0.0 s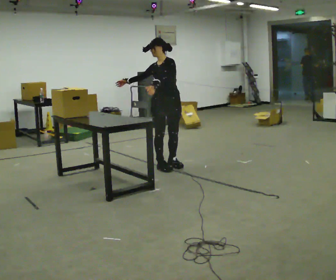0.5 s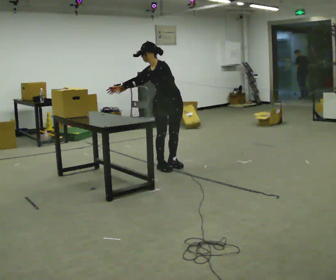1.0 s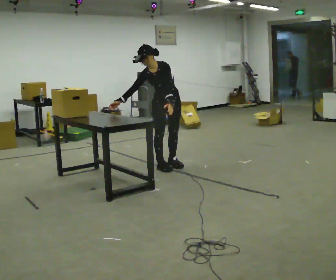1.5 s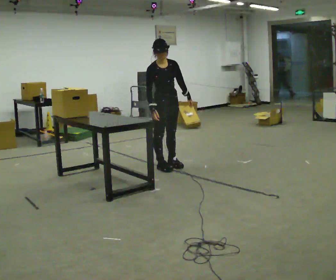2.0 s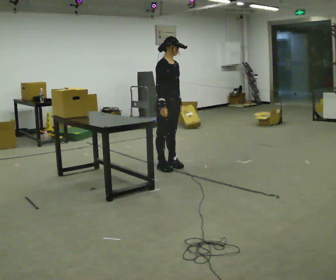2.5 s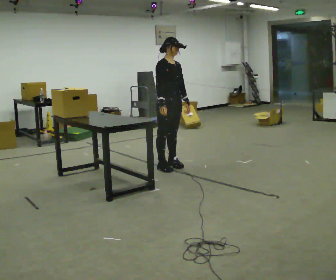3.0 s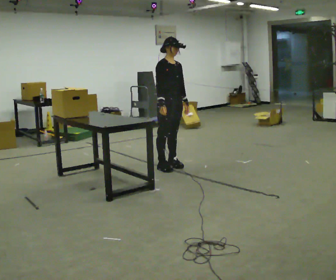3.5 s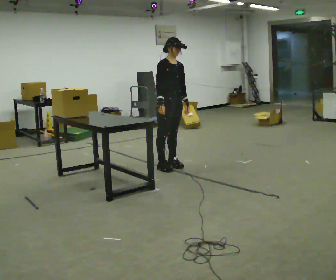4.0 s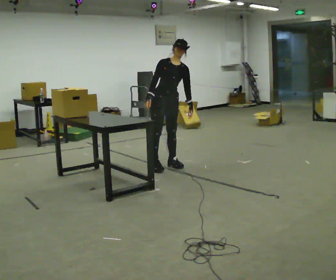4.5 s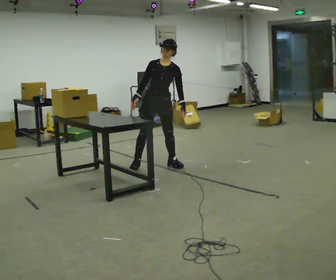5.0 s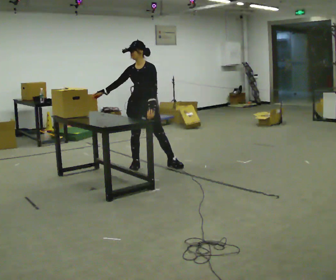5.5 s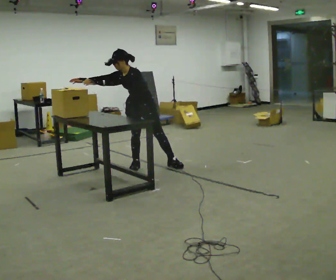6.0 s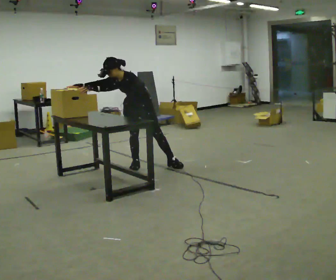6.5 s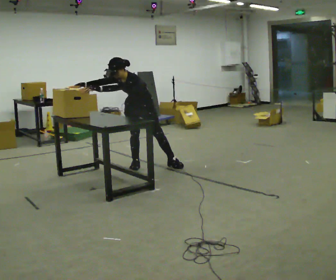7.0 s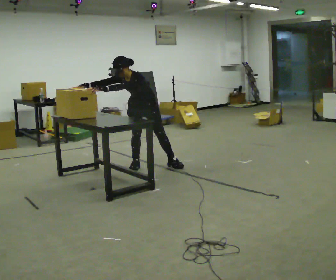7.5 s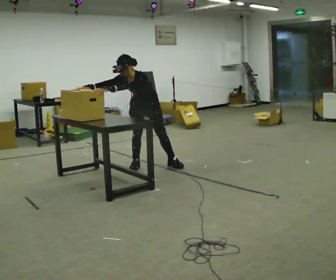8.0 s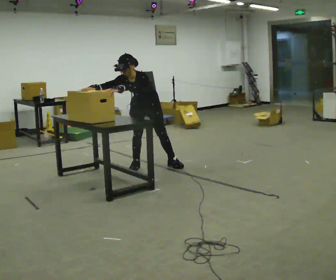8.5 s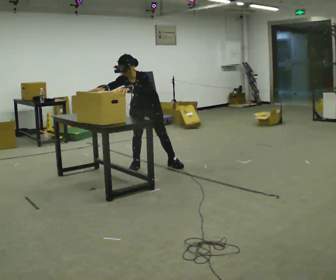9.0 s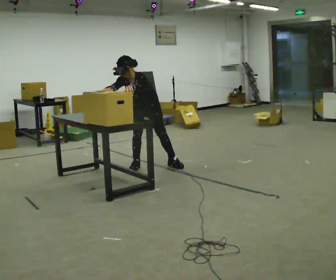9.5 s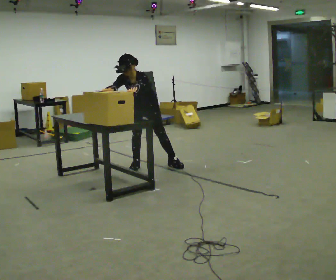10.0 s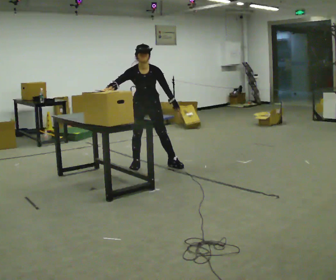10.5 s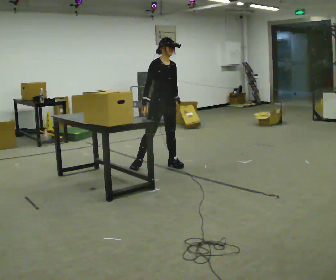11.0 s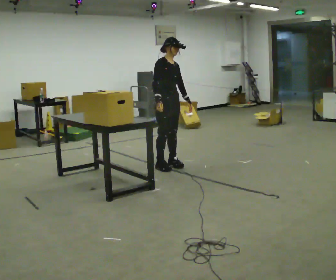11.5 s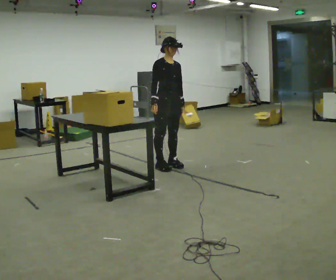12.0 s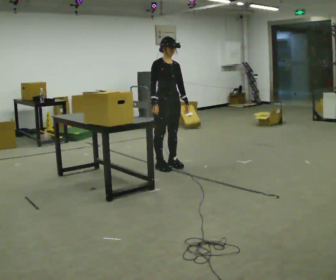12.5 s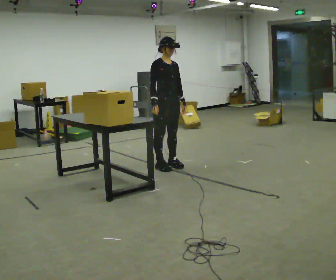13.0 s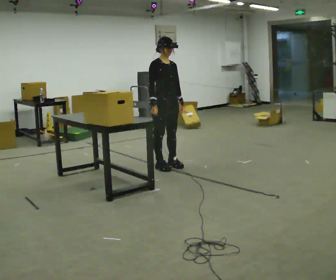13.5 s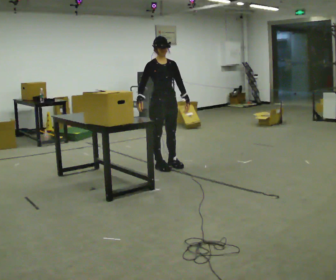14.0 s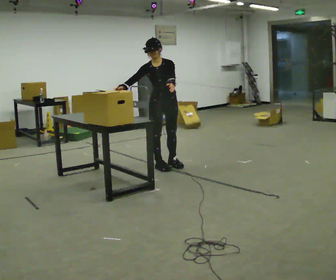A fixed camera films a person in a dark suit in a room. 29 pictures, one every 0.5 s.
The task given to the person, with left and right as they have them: Move the objects one at a time between the far targets the operator calls, without moving your feet. Repeat at your own pace until the operator says stop. Keep both feet on the marked spots for the whole take. If you have to step, stop and tell the operator.
0.0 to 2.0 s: Seen from above the body turns counterclockwise, about 75 degrees: to their left, with its near side sliding to the right. In the picture their left hand goes to the right.
2.0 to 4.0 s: Seen from above the body turns clockwise, about 45 degrees: to their right, with its near side sliding to the left. In the picture the upper body tilts clockwise, shoulders to the right.
4.0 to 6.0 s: The person turns about 45 degrees to their right, clockwise seen from above, so the part of the body nearest the lens slides to the left. In the picture they go to the left, about 0.25 m in 1 step, which for them is to their right. In the picture the upper body tilts counterclockwise, shoulders to the left, as they bend forward.
6.0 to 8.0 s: The person moves a little, or ends about where they began.
8.0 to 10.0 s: In the picture the upper body tilts clockwise, shoulders to the right. In the picture their left hand goes to the right.
10.0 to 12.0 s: Seen from above the body turns counterclockwise, about 30 degrees: to their left, with its near side sliding to the right. In the picture they go to the right, about 0.25 m in 1 step, which for them is to their left and forward. The upper body tips away from the camera, its near side rolling upward, as they lean back or straighten. In the picture their right hand goes to the right, the arm swinging counterclockwise.
12.0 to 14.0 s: Seen from above the body turns clockwise, about 30 degrees: to their right, with its near side sliding to the left. The upper body tips toward the camera, its near side rolling downward, as they bend forward.
The film runs forward here.
